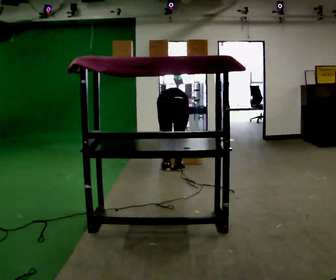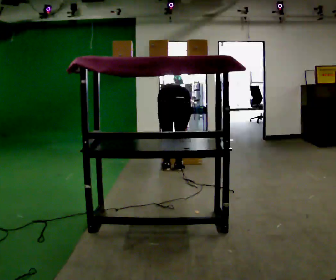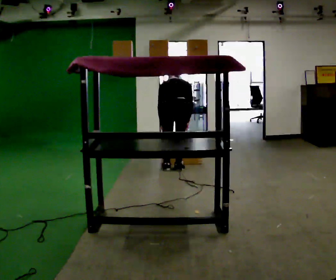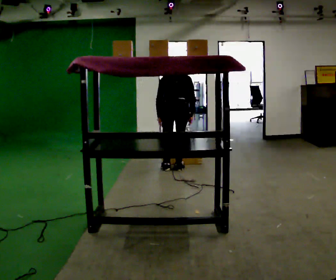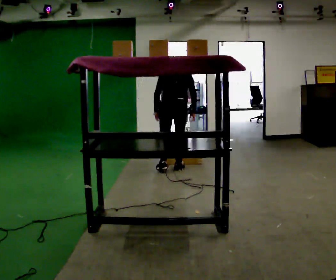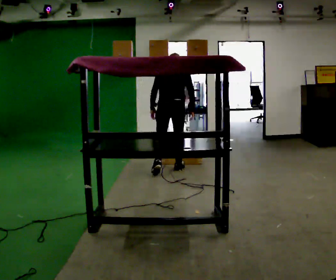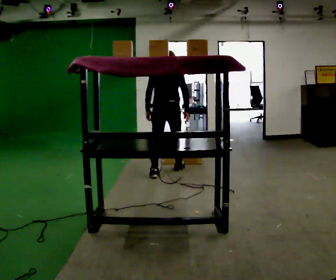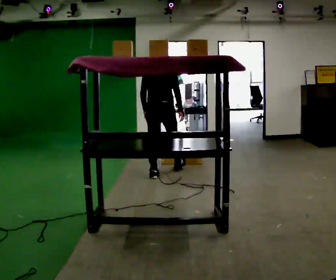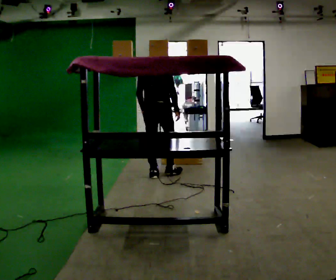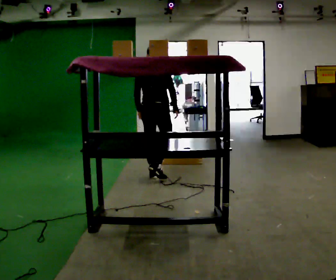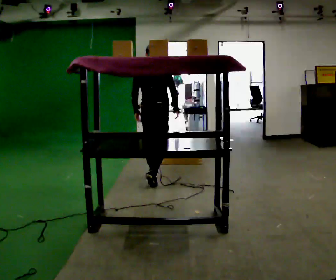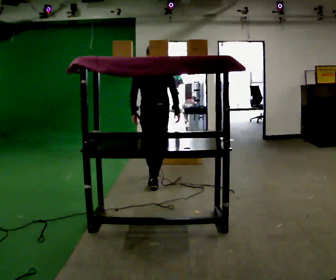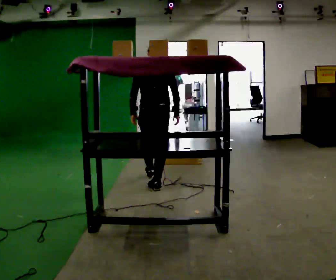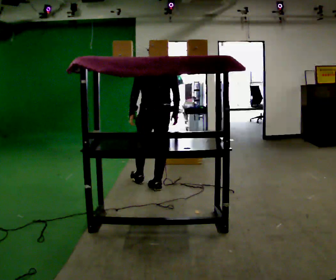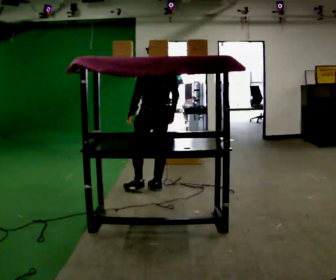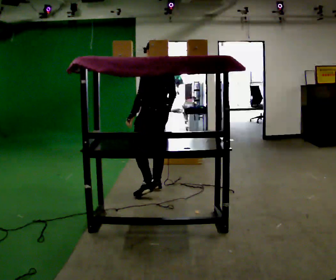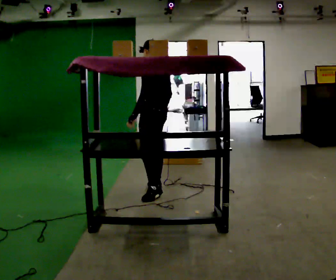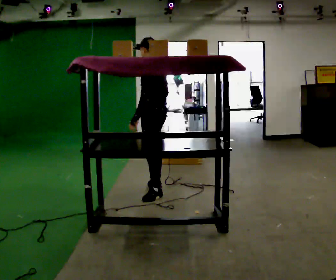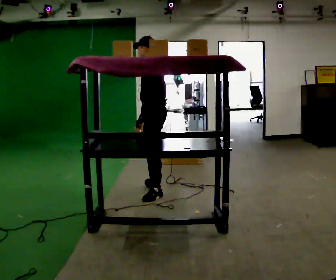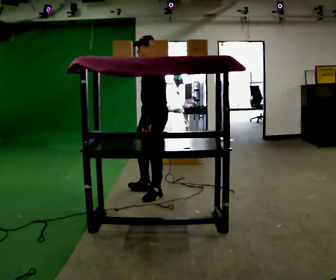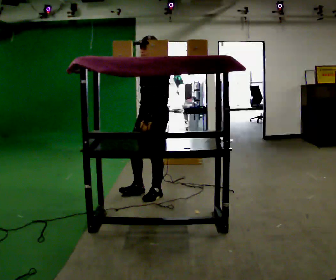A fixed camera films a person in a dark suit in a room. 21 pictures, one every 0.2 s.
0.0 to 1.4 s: In the picture they go to the left, about 0.25 m in 1 step, which for them is backward and to their left. The upper body goes upward. The upper body tips toward the camera, its near side rolling downward, as they lean back or straighten. In the picture their right hand goes upward.
1.4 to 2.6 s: In the picture they go toward the camera, about 0.5 m in 2 steps, which for them is backward.
2.6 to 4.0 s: The part of the body nearest the lens slides to the right as the person turns to their left by about 120 degrees. In the picture they go toward the camera, about 0.25 m in 1 step.
The film runs backward here.
